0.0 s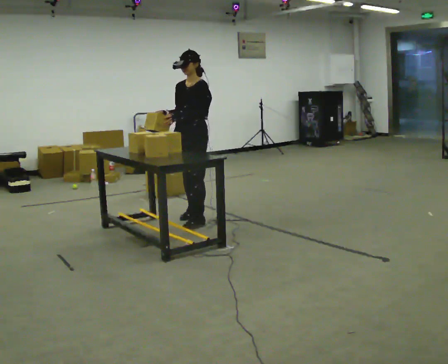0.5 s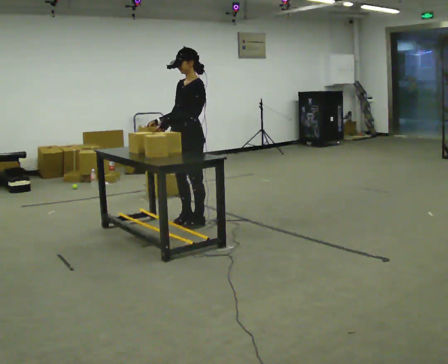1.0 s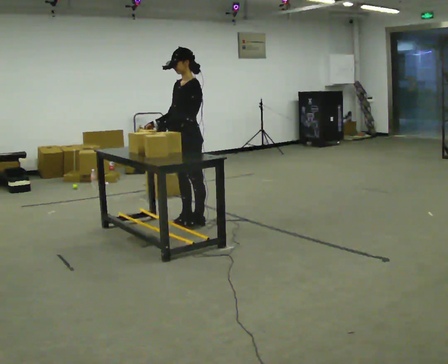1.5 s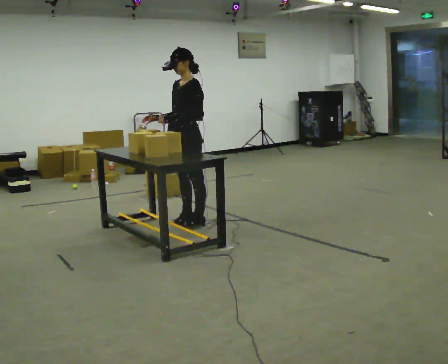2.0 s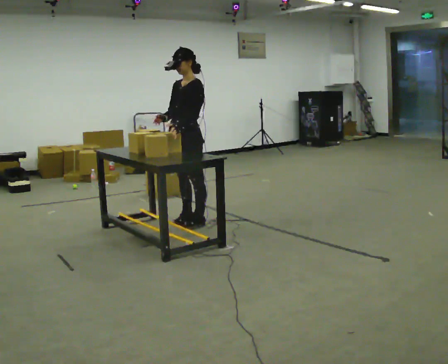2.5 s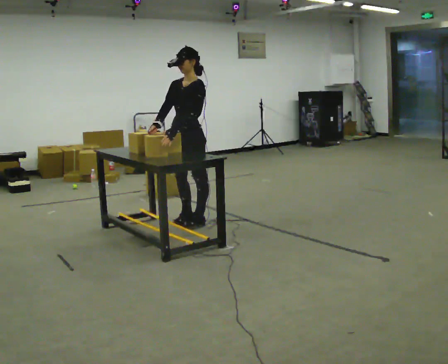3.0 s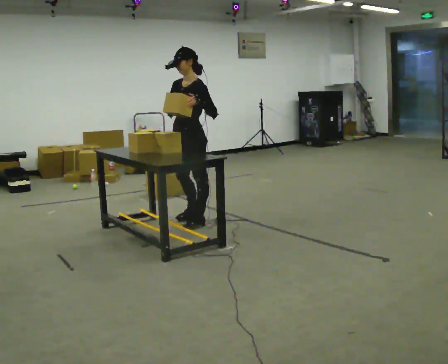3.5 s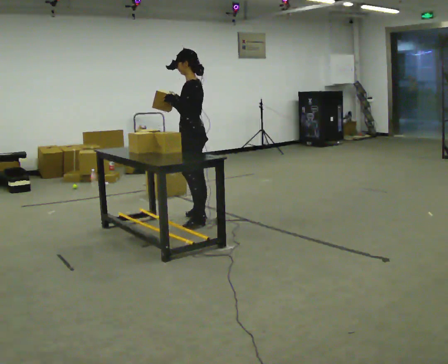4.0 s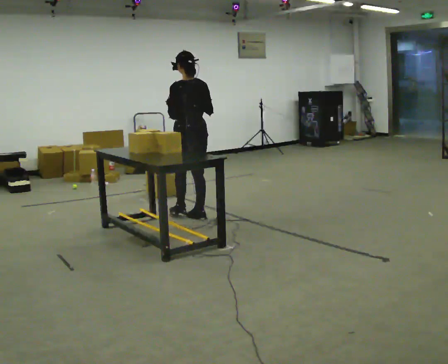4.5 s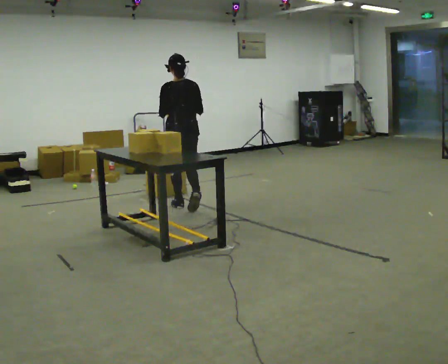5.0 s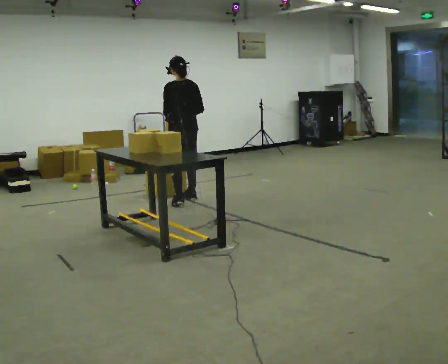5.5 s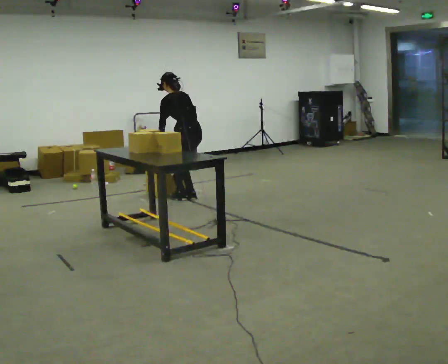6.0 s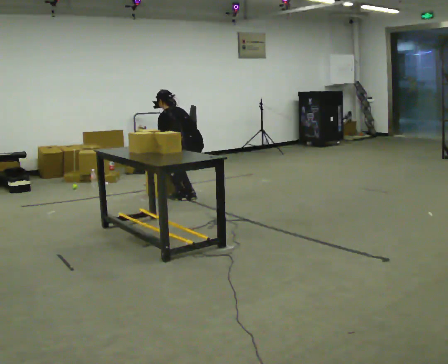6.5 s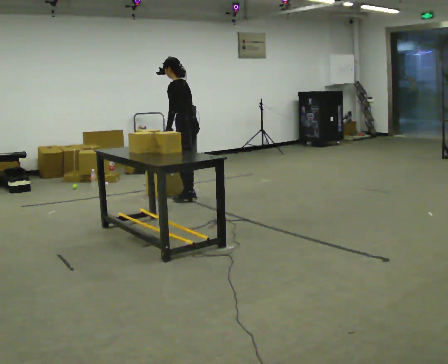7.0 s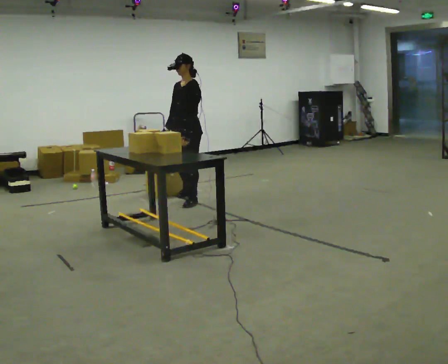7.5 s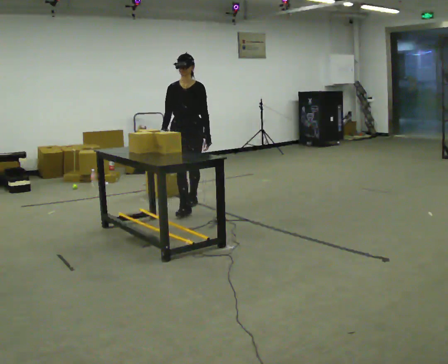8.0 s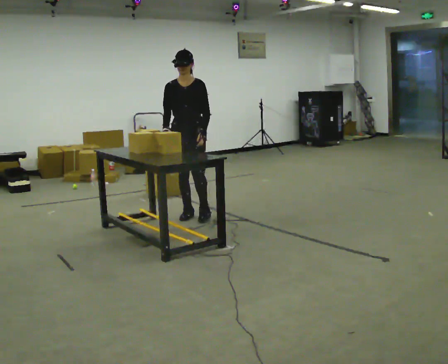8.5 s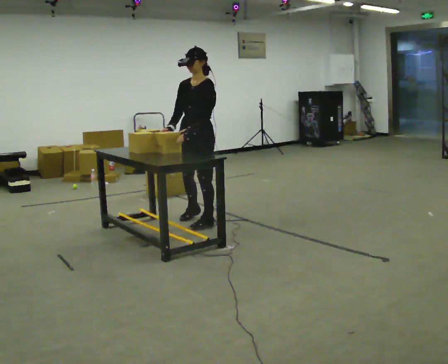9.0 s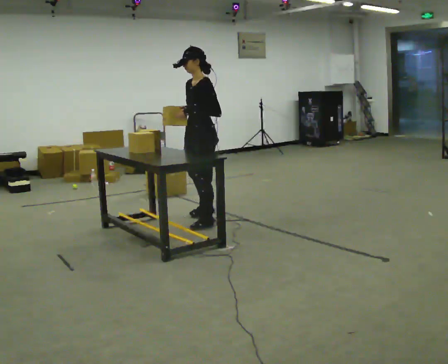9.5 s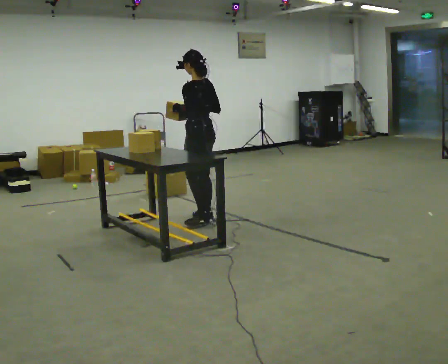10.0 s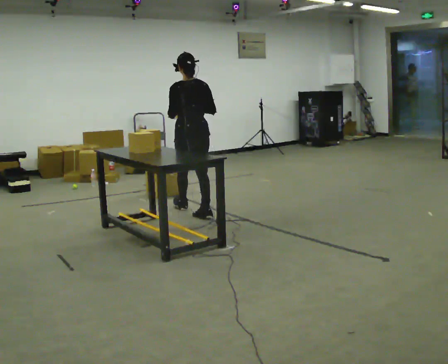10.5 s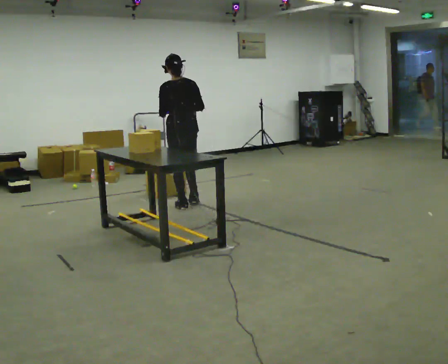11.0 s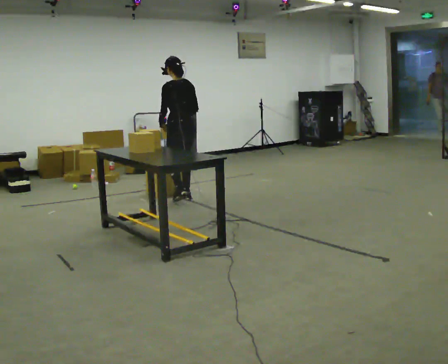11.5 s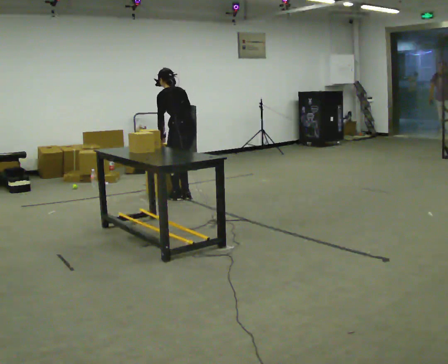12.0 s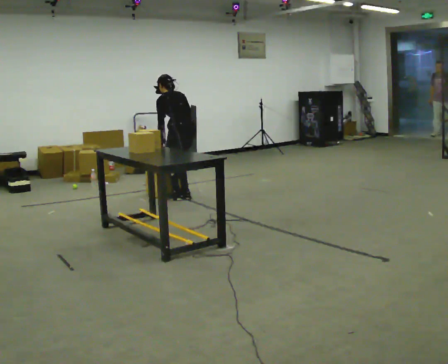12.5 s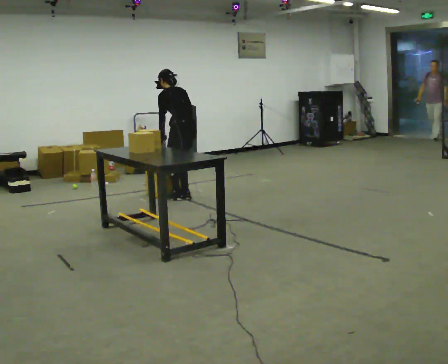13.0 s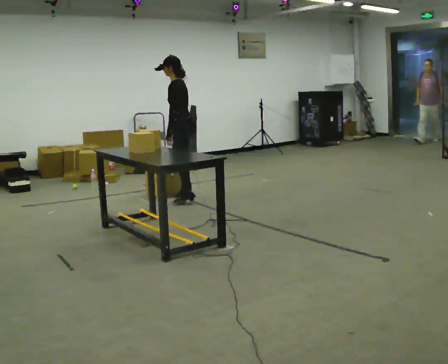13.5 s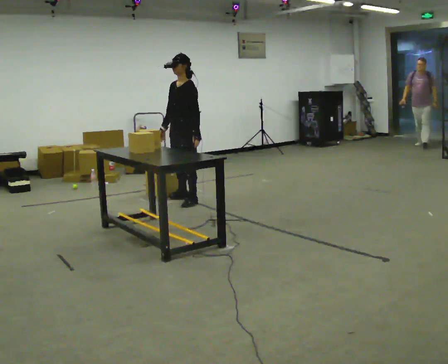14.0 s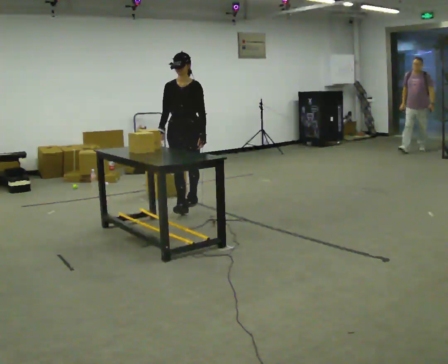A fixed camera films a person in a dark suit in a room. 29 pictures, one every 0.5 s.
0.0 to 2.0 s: In the picture they go toward the camera, about 0.25 m in 1 step, which for them is to their left and forward.
2.0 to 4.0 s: Seen from above the body turns clockwise, about 90 degrees: to their right, with its near side sliding to the left. In the picture they go away from the camera, about 0.25 m.
4.0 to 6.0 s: In the picture they go away from the camera, about 0.75 m in 3 steps, which for them is forward and to their right. The upper body goes downward. The upper body tips away from the camera, its near side rolling upward, as they bend forward. In the picture their right hand goes downward.
6.0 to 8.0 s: Seen from above the body turns counterclockwise, about 135 degrees: to their left, with its near side sliding to the right. In the picture they go toward the camera, about 0.5 m in 2 steps. The shoulders move upward. The upper body tips toward the camera, its near side rolling downward, as they lean back or straighten. In the picture their left hand goes upward.
8.0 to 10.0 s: Seen from above the body turns clockwise, about 150 degrees: to their right, with its near side sliding to the left. In the picture their right hand goes to the right.
10.0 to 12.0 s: In the picture they go away from the camera, about 0.5 m in 2 steps, which for them is forward and to their right. The upper body tips away from the camera, its near side rolling upward, as they bend forward. In the picture their right hand goes downward.
12.0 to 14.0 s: The part of the body nearest the lens slides to the right as the person turns to their left by about 135 degrees. In the picture they go toward the camera, about 0.5 m in 1 step. The upper body tips toward the camera, its near side rolling downward, as they lean back or straighten.
The film runs forward here.
